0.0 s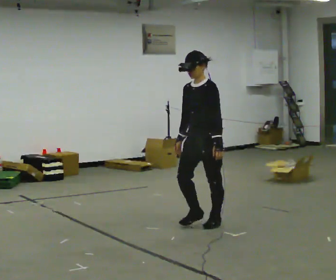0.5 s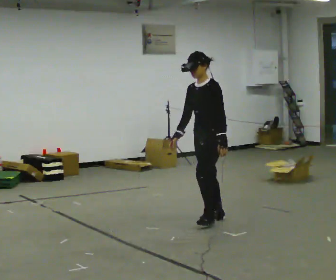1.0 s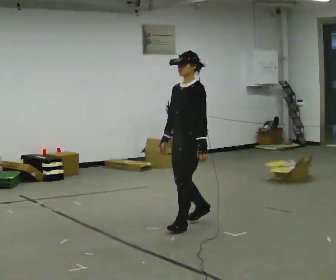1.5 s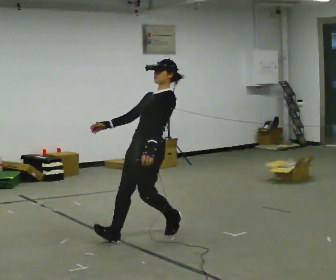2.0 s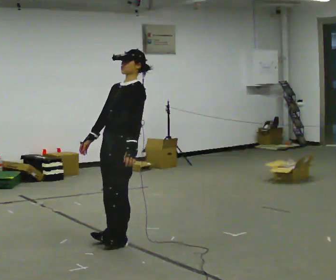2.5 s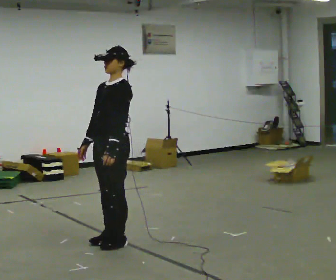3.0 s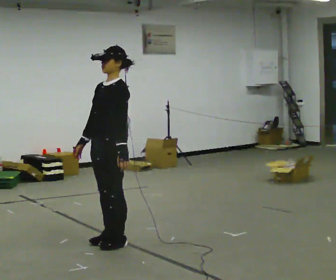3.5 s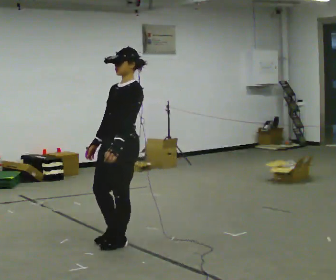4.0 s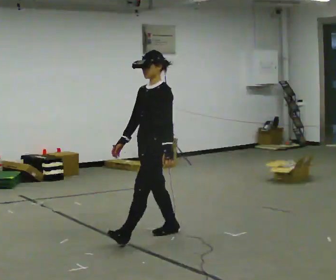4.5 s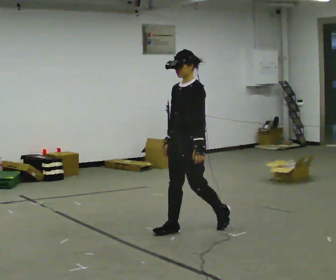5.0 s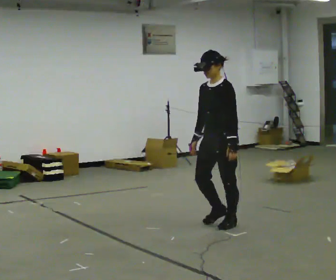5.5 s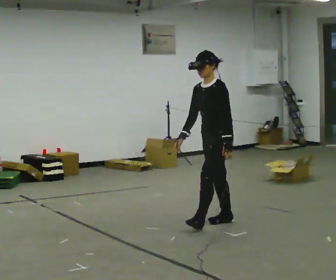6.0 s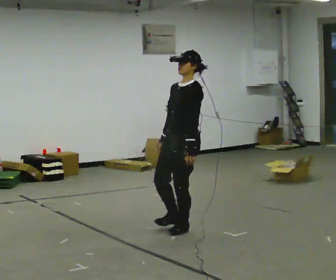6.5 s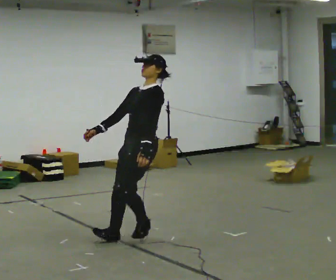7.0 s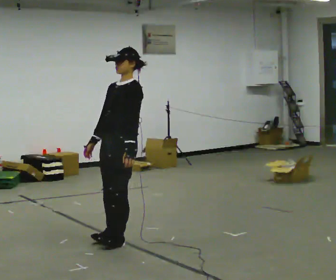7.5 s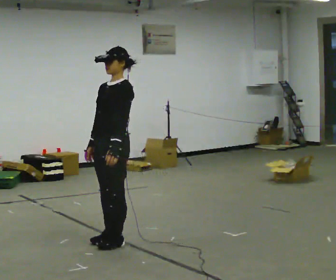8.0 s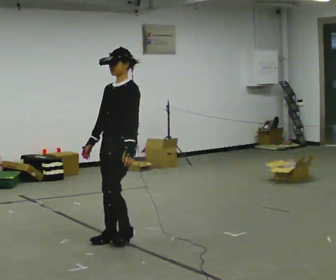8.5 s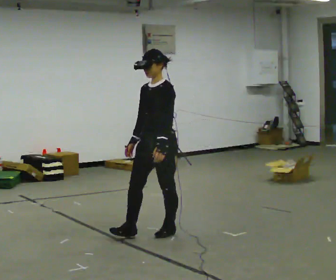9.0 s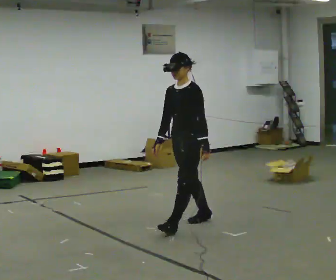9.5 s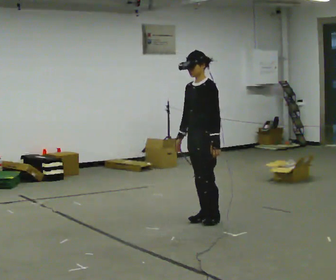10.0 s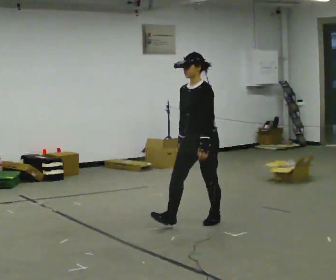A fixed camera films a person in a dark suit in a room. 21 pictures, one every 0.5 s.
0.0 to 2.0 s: In the picture they go to the left and toward the camera, about 1 m in 3 steps, which for them is forward.
2.0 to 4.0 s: In the picture they go to the right and away from the camera, about 0.25 m in 2 steps, which for them is backward.
4.0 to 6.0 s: In the picture they go to the right and away from the camera, about 0.25 m in 3 steps, which for them is backward.
6.0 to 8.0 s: In the picture they go to the left and toward the camera, about 0.5 m in 2 steps, which for them is forward.
8.0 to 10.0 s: In the picture they go to the right and away from the camera, about 1 m in 3 steps, which for them is backward.
The film runs backward here.
